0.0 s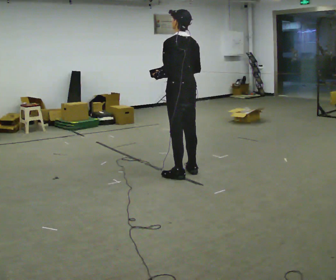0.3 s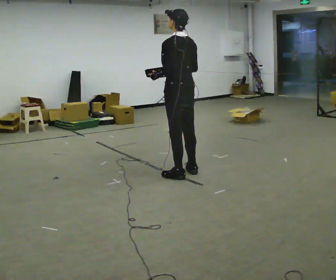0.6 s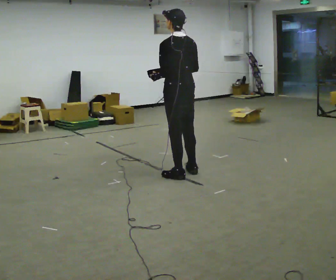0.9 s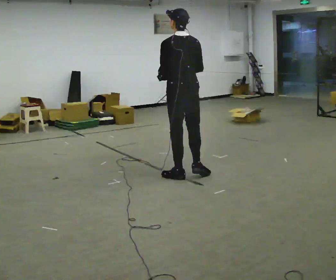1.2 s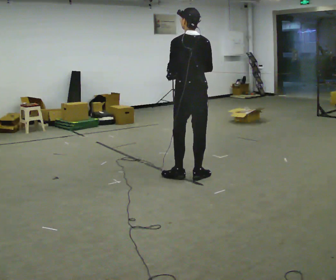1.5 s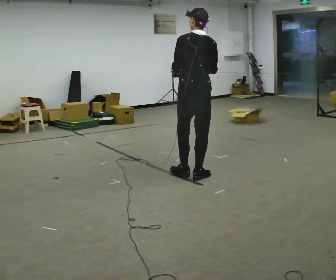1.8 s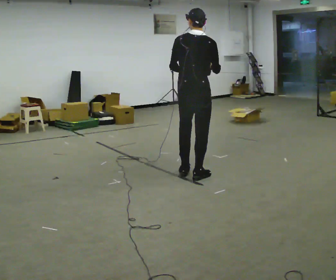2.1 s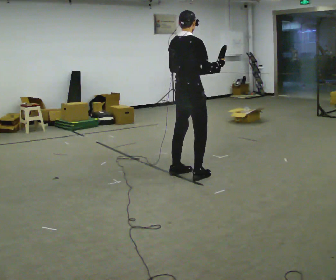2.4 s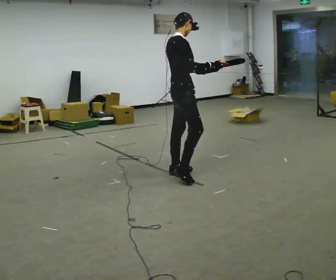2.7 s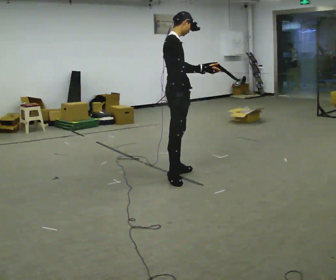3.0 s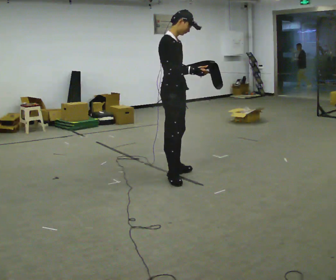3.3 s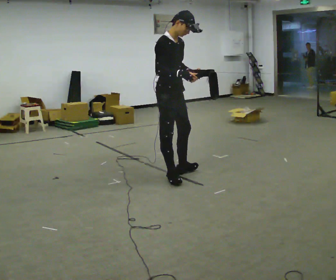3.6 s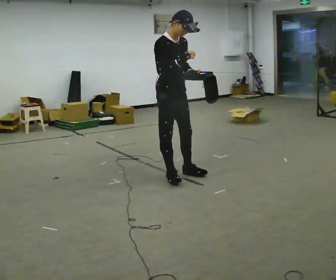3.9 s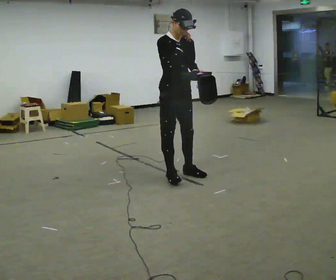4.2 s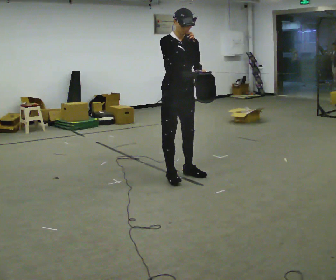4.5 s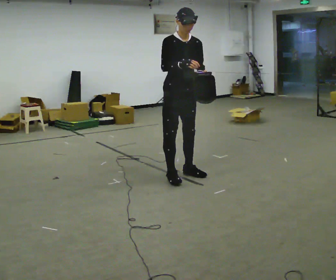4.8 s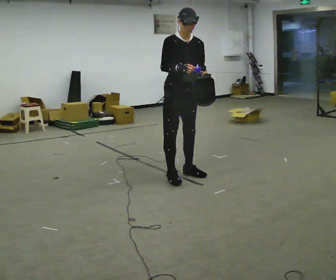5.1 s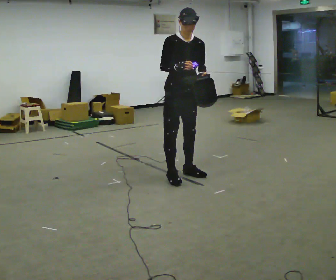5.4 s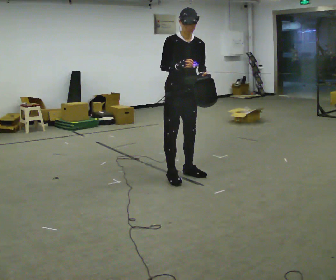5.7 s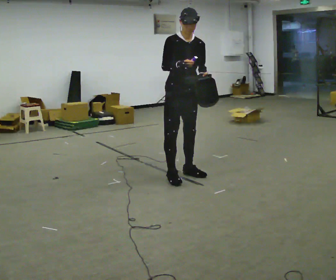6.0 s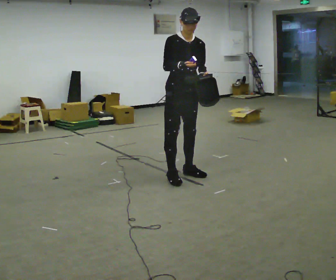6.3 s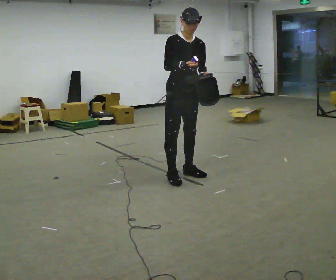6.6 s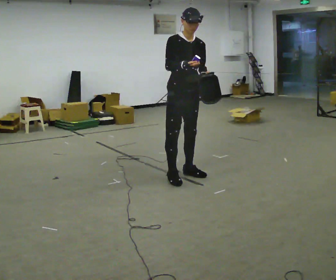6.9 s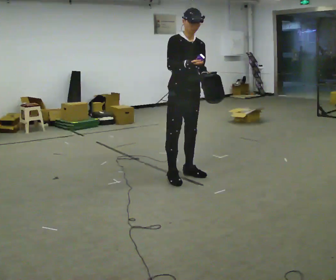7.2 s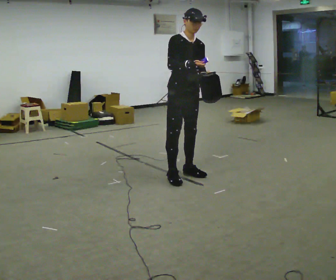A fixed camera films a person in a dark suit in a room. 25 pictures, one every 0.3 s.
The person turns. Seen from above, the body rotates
clockwise.
The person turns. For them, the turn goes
to their right.
0.0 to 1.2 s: The person moves a little, or ends about where they began.
1.2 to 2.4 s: The part of the body nearest the lens slides to the left as the person turns to their right by about 105 degrees. In the picture they go to the left, about 0.25 m in 2 steps.
2.4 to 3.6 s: The part of the body nearest the lens slides to the left as the person turns to their right by about 45 degrees.
3.6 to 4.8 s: The part of the body nearest the lens slides to the left as the person turns to their right by about 30 degrees.
4.8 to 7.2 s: The person moves a little, or ends about where they began.
The film runs backward here.
